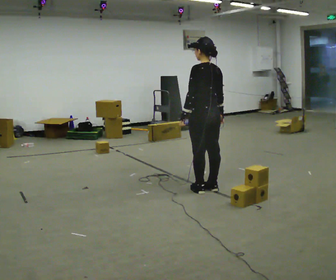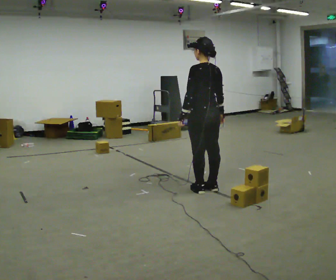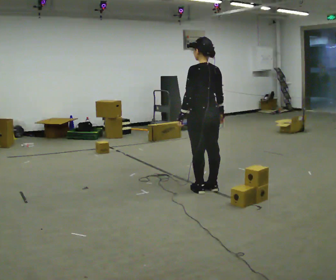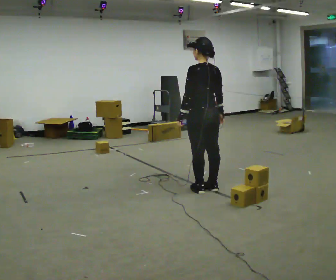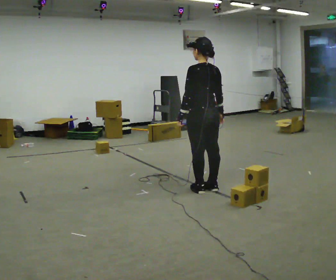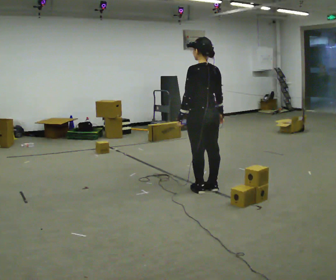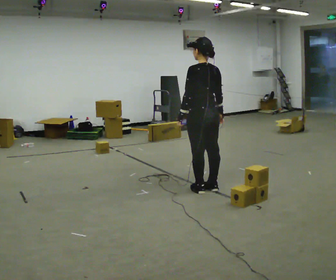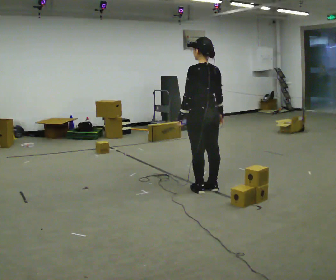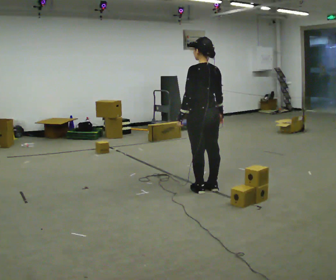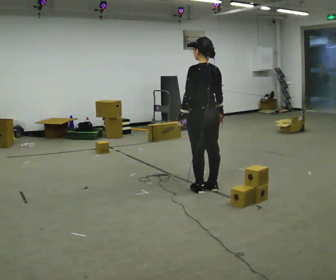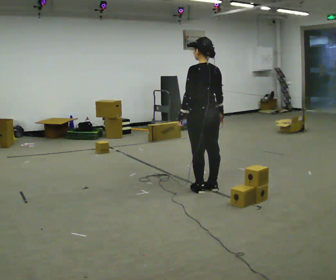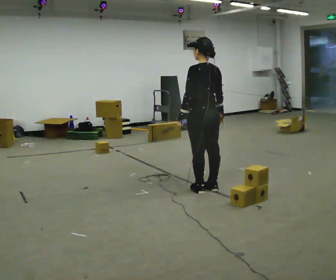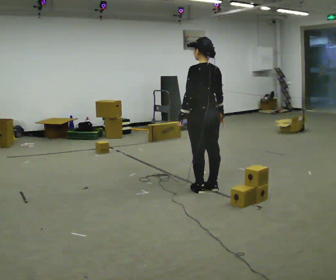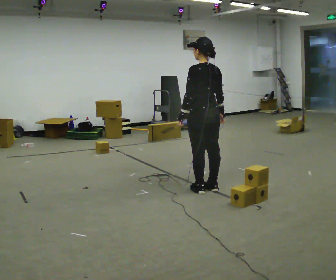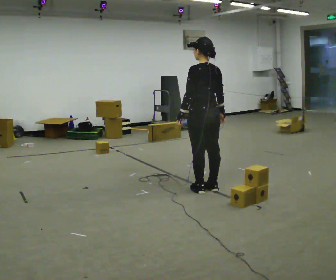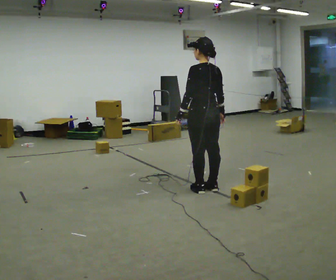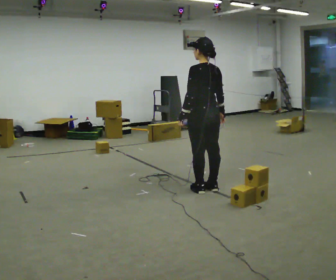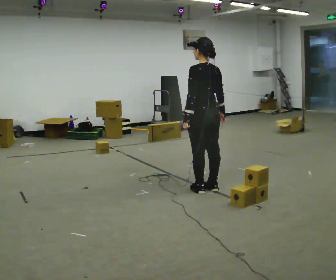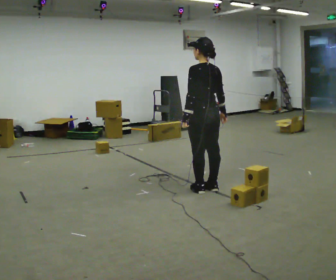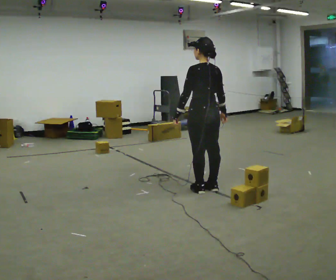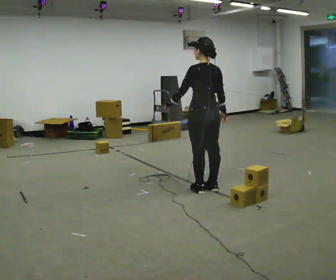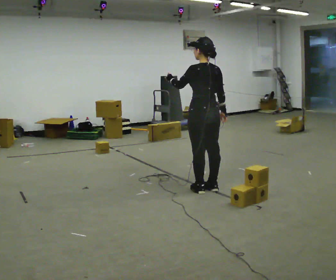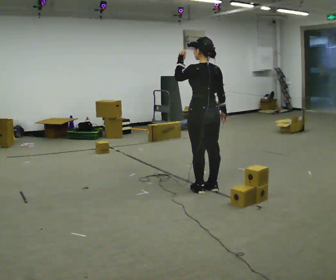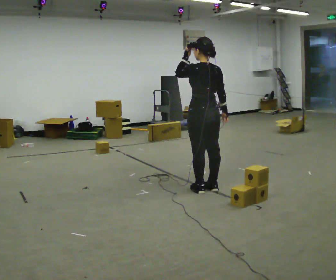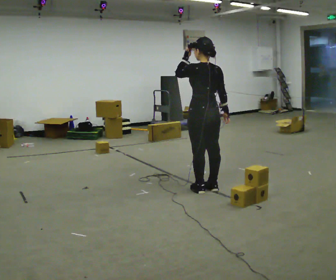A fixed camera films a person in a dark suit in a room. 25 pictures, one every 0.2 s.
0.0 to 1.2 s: The person moves a little, or ends about where they began.
1.2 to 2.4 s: The person keeps their place and pose.
2.4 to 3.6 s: The person moves a little, or ends about where they began.
3.6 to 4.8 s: In the picture their left hand goes upward.
The film runs backward here.
